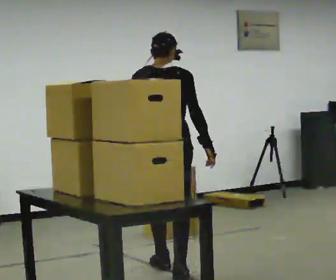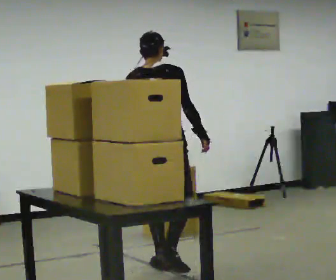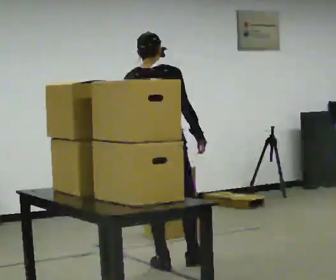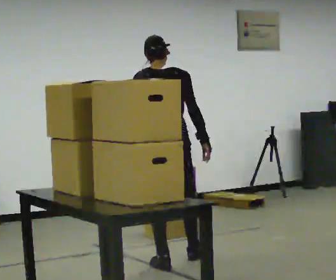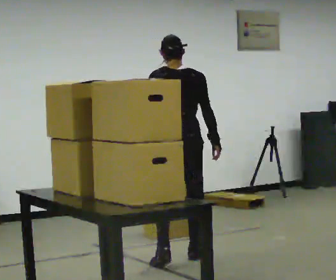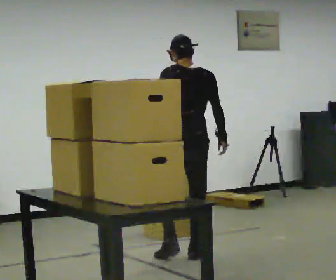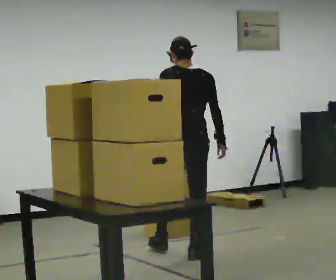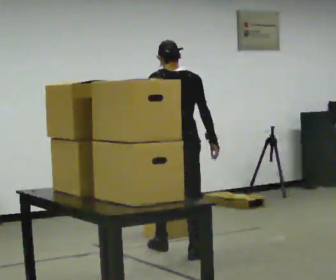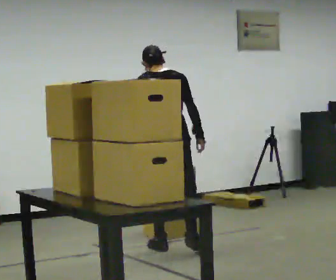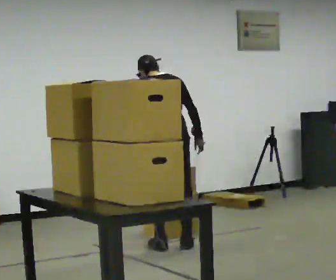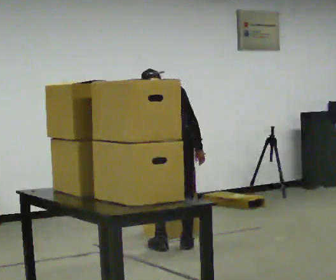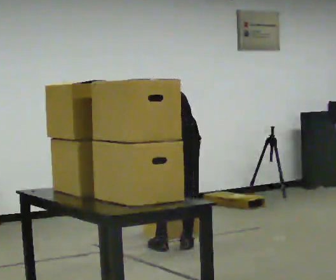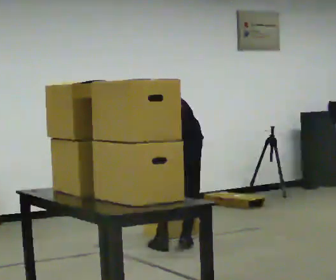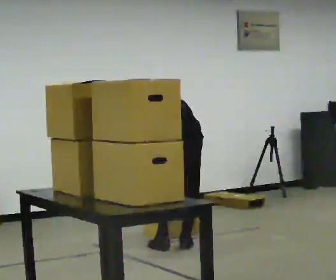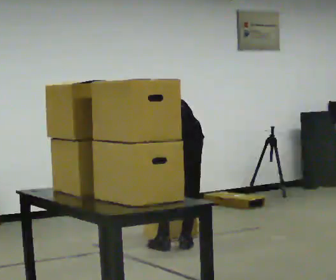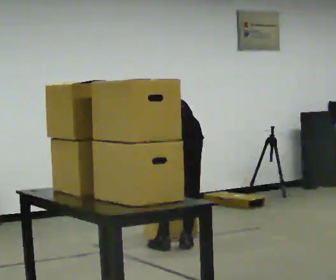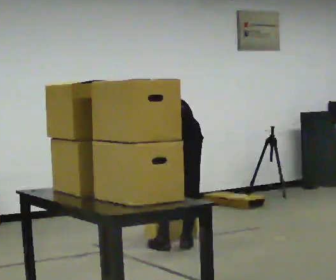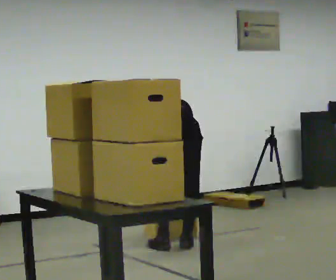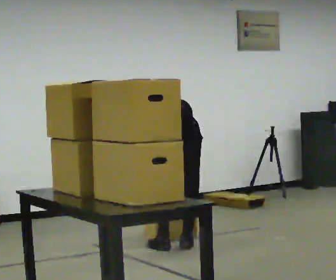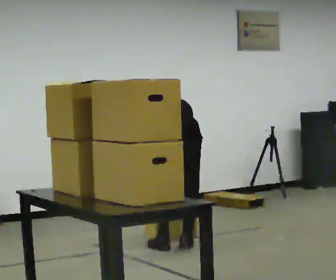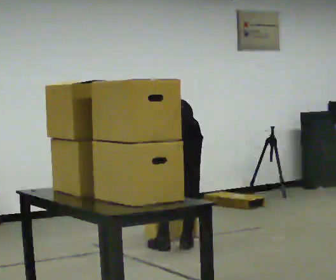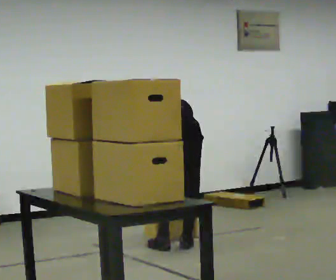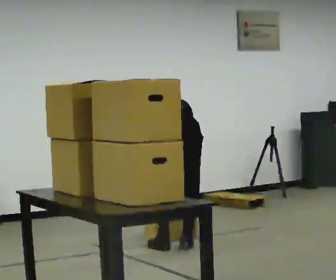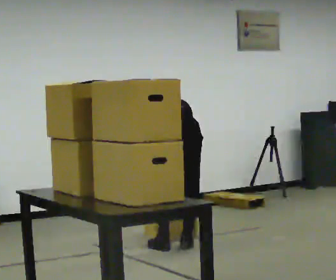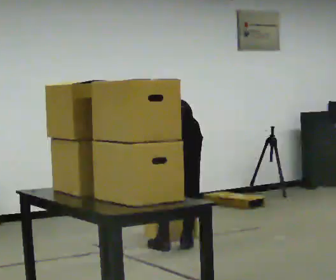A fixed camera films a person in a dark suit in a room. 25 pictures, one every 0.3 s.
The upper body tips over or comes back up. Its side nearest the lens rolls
upward.
The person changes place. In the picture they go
away from the camera.
0.0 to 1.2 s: In the picture they go away from the camera, about 0.5 m in 1 step, which for them is forward.
1.2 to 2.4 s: In the picture they go away from the camera, about 0.25 m in 1 step, which for them is forward. The upper body tips away from the camera, its near side rolling upward, as they bend forward.
2.4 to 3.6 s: The upper body goes downward. The upper body tips away from the camera, its near side rolling upward, as they bend forward.
3.6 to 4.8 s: The person moves a little, or ends about where they began.
4.8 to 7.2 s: The person keeps their place and pose.
The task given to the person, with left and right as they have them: Bring the boxes over one at a time and stack them on top of each other, walking back for each one. Keep going until the operator says stop; one object at a time, and do not rush between trips.
The film runs forward here.
